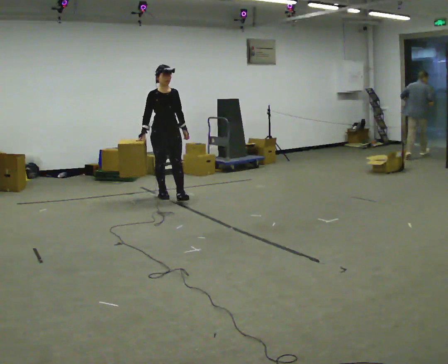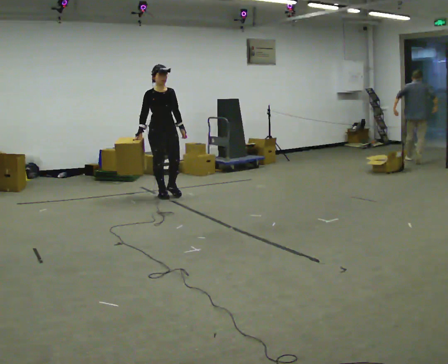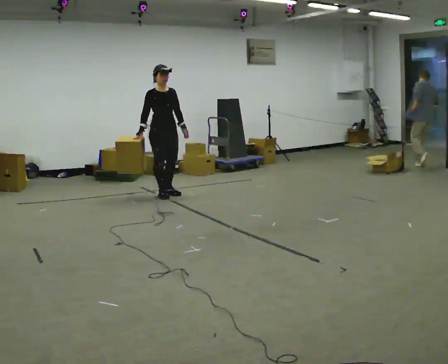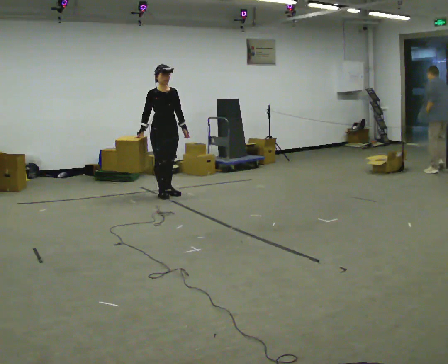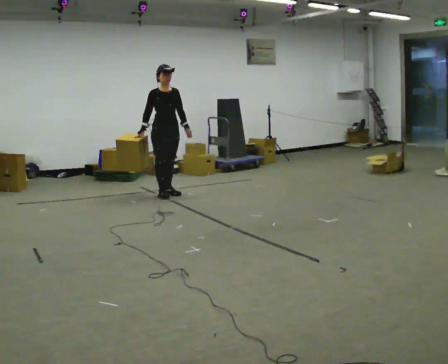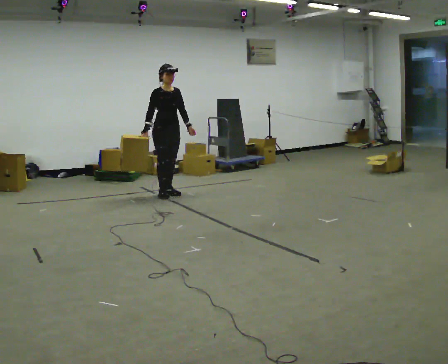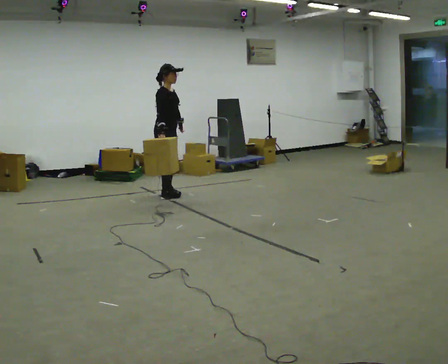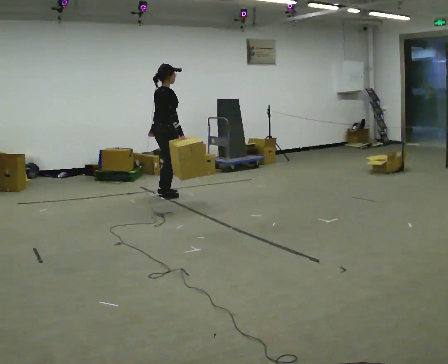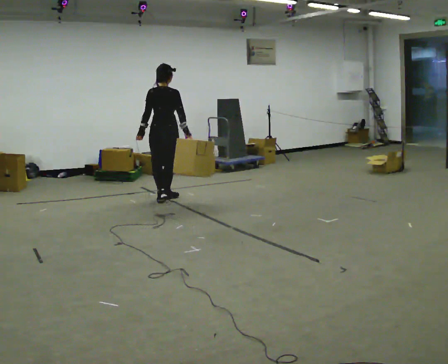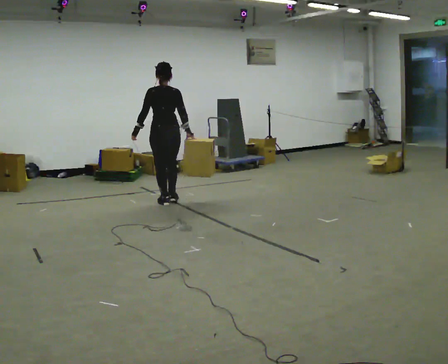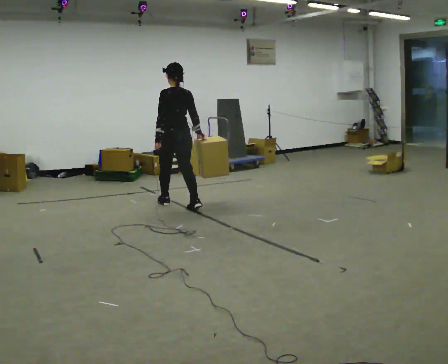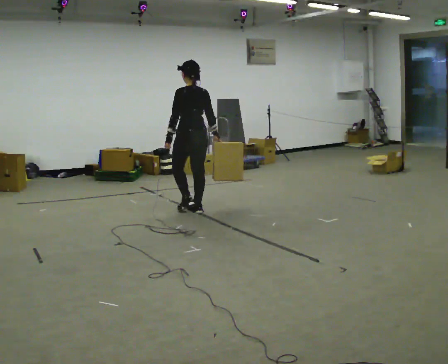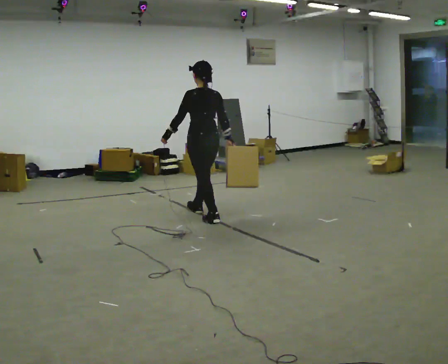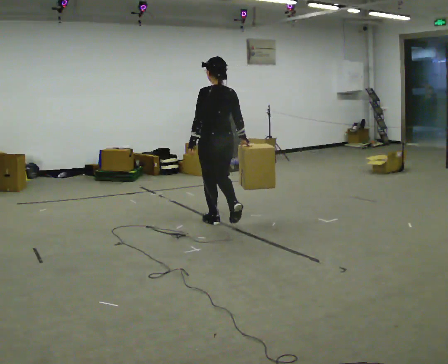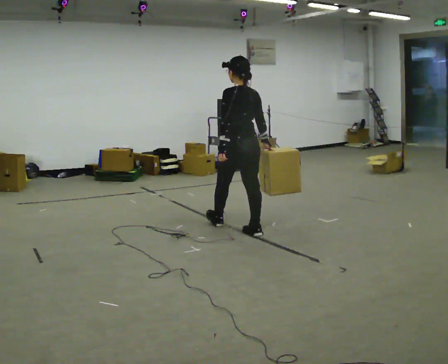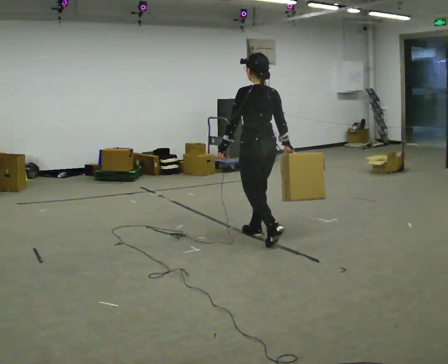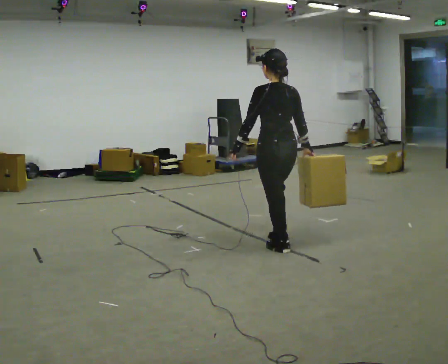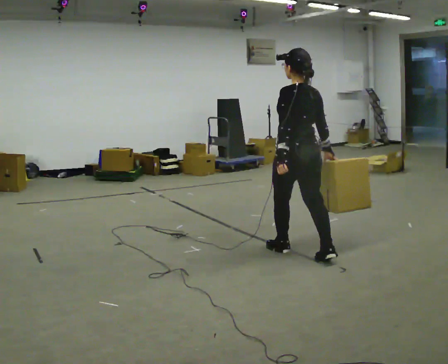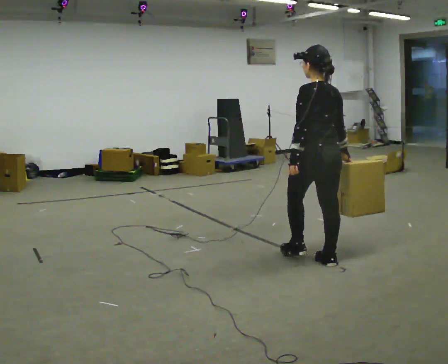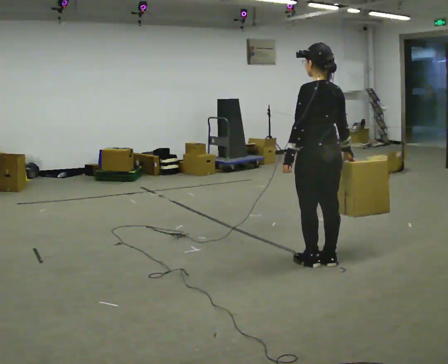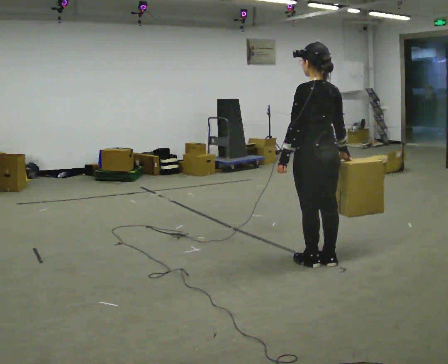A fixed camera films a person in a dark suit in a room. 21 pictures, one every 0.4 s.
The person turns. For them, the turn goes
to their left.
The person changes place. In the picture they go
toward the camera.
0.0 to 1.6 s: In the picture they go away from the camera, about 0.25 m, which for them is backward.
1.6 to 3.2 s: Seen from above the body turns counterclockwise, about 150 degrees: to their left, with its near side sliding to the right. In the picture they go toward the camera, about 0.25 m in 1 step.
3.2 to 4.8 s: Seen from above the body turns counterclockwise, about 30 degrees: to their left, with its near side sliding to the right. In the picture they go toward the camera and to the right, about 1 m in 2 steps, which for them is backward.
4.8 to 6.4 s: In the picture they go toward the camera and to the right, about 1 m in 3 steps, which for them is backward.
6.4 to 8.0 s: In the picture they go toward the camera and to the right, about 0.5 m in 1 step, which for them is backward.
The film runs backward here.
